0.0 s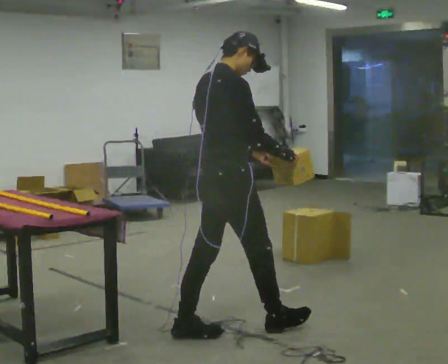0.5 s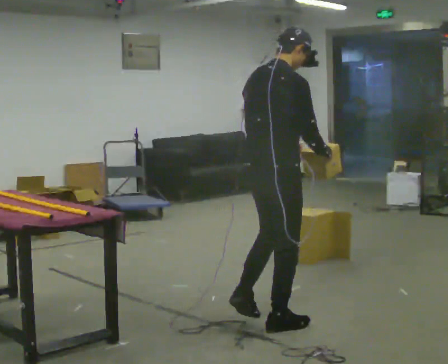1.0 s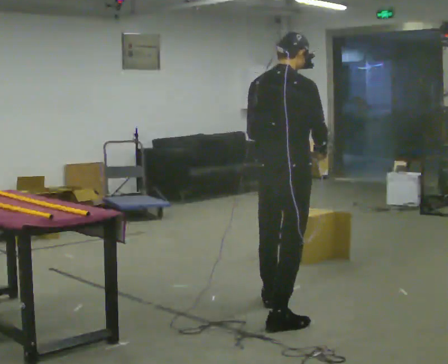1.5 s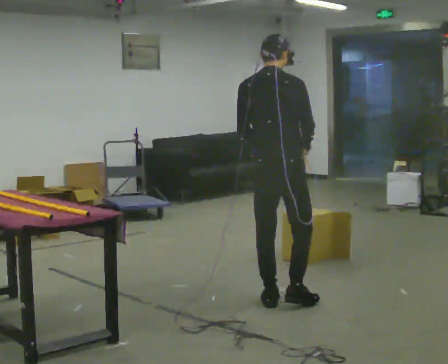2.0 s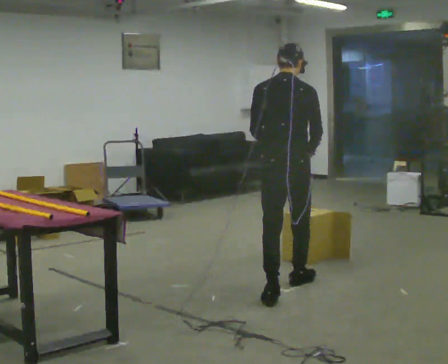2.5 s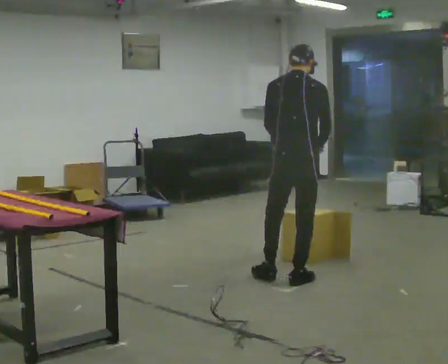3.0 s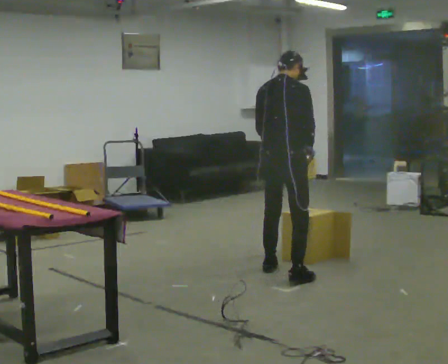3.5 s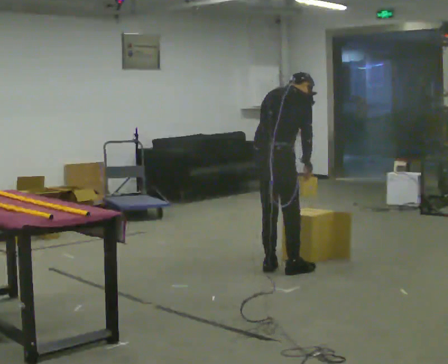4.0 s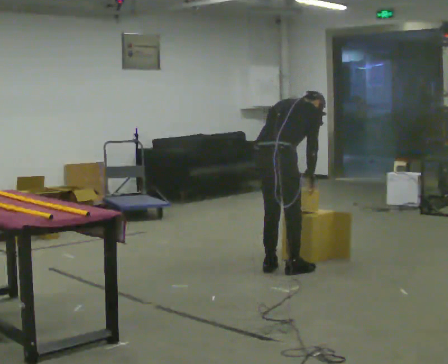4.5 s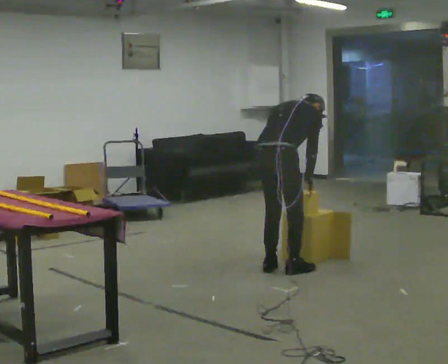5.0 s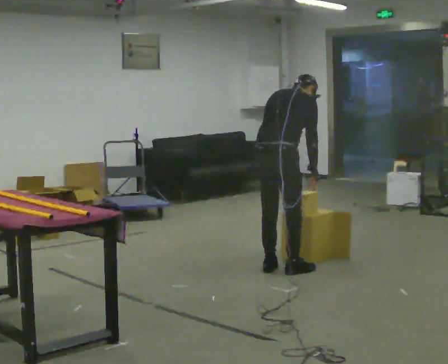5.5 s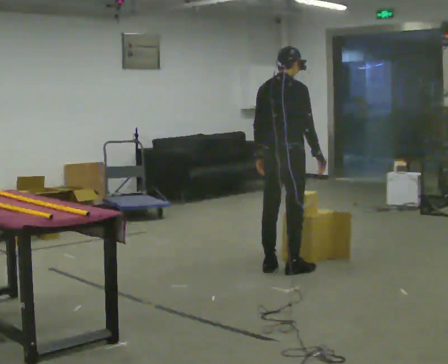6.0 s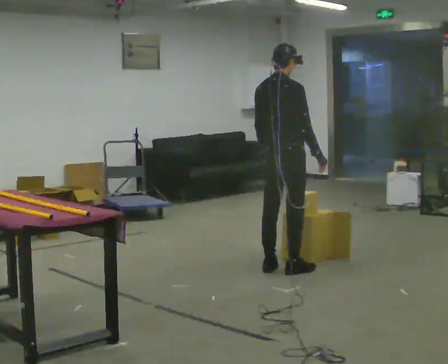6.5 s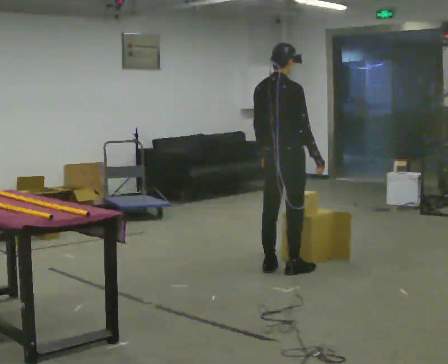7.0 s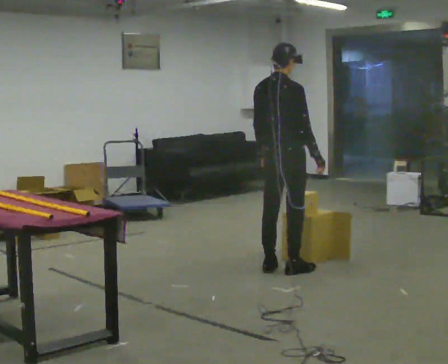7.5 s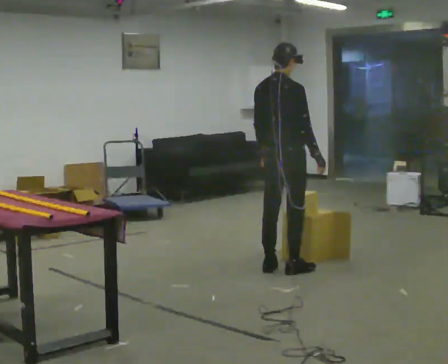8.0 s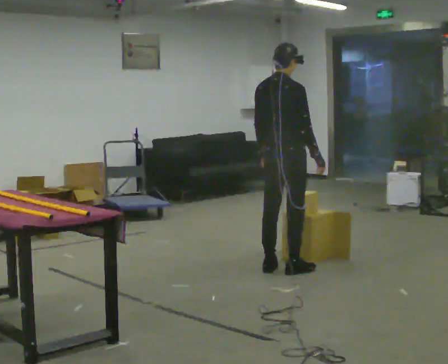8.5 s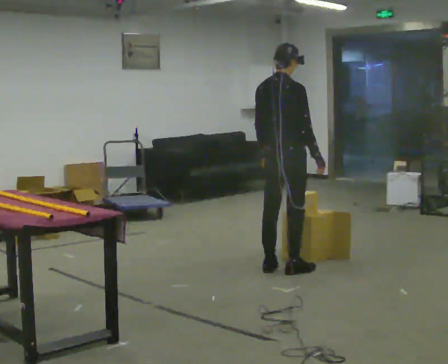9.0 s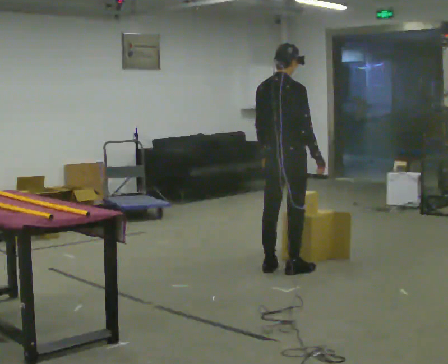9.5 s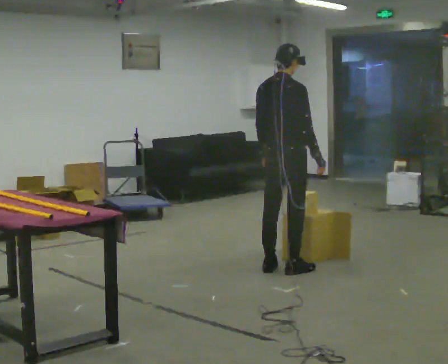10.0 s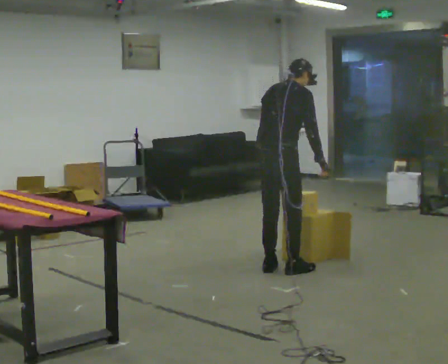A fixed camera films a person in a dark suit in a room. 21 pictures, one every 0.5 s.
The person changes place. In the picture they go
away from the camera.
The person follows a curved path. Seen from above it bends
counterclockwise.
0.0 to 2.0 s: Seen from above the body turns counterclockwise, about 45 degrees: to their left, with its near side sliding to the right. In the picture they go away from the camera and to the right, about 1 m in 2 steps, which for them is forward.
2.0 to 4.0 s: The person turns about 30 degrees to their right, clockwise seen from above, so the part of the body nearest the lens slides to the left. In the picture they go away from the camera, about 0.5 m in 2 steps, which for them is forward and to their left. The shoulders move downward. The upper body tips away from the camera, its near side rolling upward, as they bend forward.
4.0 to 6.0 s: The upper body goes upward. The upper body tips toward the camera, its near side rolling downward, as they lean back or straighten.
6.0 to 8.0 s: The person moves a little, or ends about where they began.
8.0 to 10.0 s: The upper body tips away from the camera, its near side rolling upward, as they bend forward.
The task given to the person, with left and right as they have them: Carry the object across the room and slide it into the slot on the shelf. It is a close fit, so take the time you need. Keep going until the operator says stop; one object at a time, and do not rush between trips.
The film runs forward here.
